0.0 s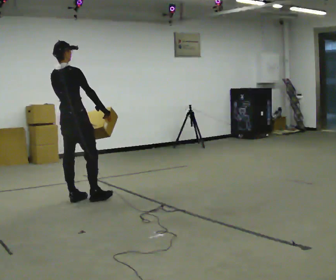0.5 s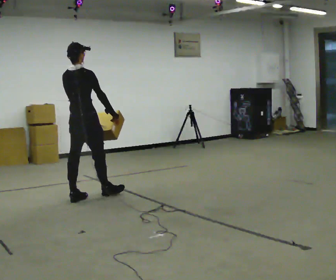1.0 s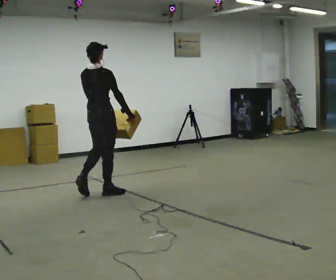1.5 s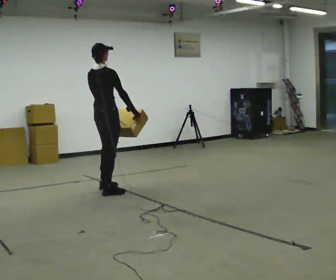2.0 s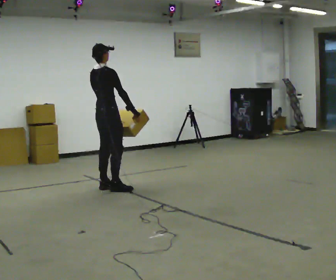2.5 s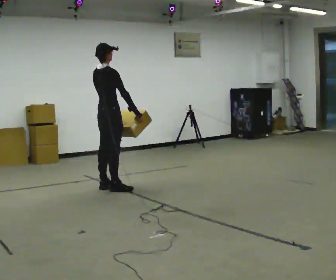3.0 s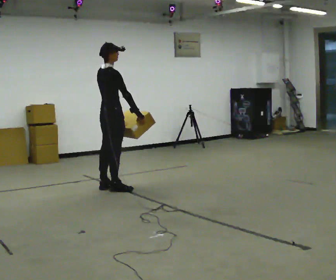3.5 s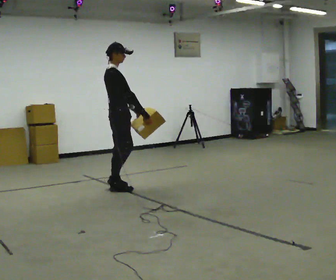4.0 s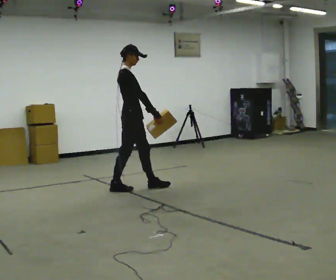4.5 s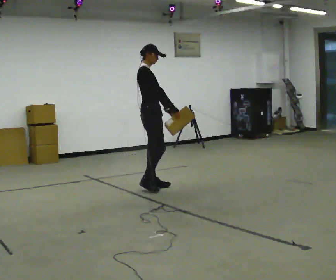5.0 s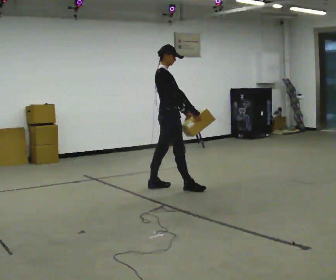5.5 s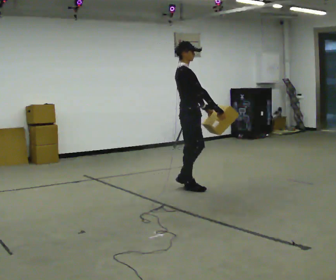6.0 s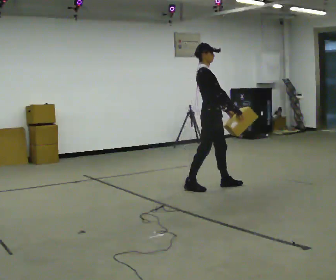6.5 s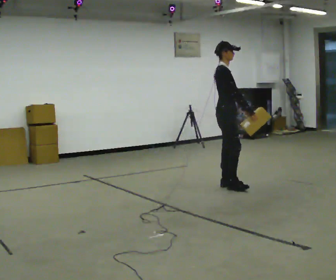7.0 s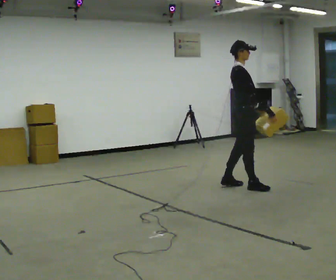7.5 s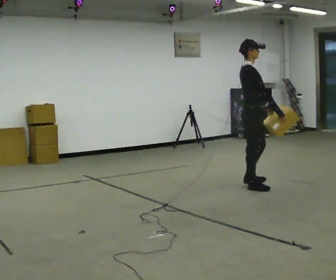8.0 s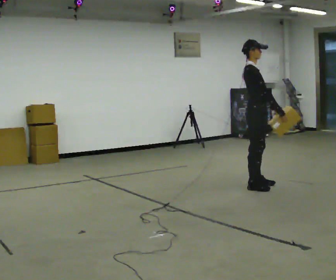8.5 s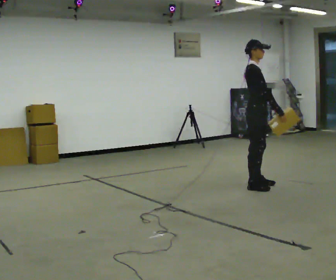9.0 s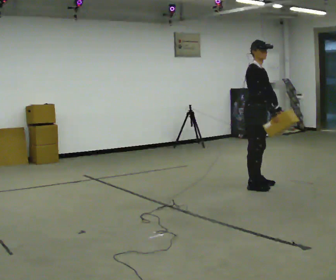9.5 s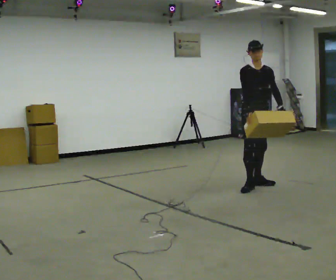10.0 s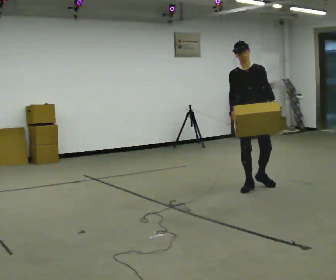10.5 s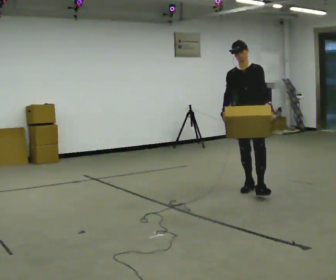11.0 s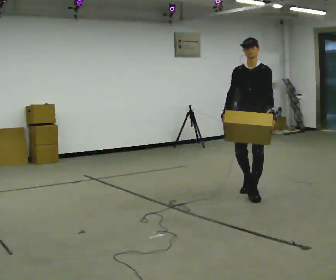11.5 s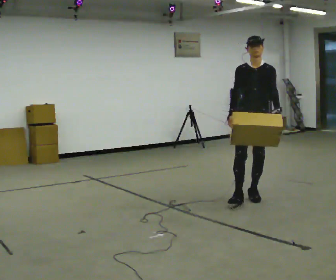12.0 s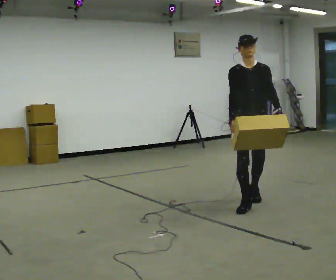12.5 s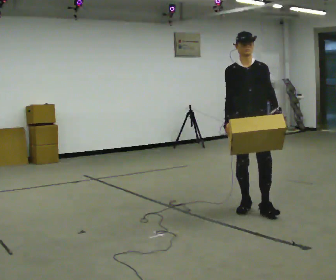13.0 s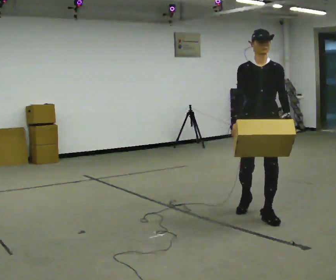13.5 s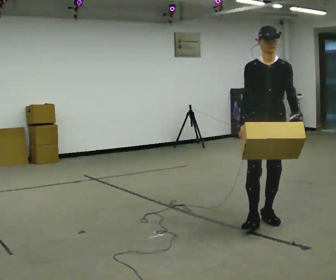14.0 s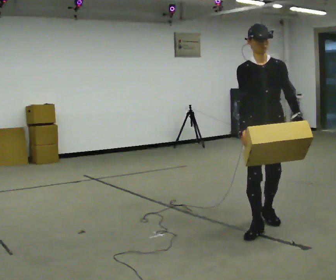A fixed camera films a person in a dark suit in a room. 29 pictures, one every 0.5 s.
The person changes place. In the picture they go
to the right.
0.0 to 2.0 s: In the picture they go away from the camera, about 0.5 m in 3 steps, which for them is forward.
2.0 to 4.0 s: The person turns about 30 degrees to their right, clockwise seen from above, so the part of the body nearest the lens slides to the left. In the picture they go to the right, about 0.25 m in 1 step, which for them is forward and to their right.
4.0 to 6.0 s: In the picture they go to the right, about 1 m in 2 steps, which for them is forward.
6.0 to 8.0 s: In the picture they go to the right, about 0.5 m in 2 steps, which for them is forward.
8.0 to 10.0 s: Seen from above the body turns clockwise, about 90 degrees: to their right, with its near side sliding to the left.
10.0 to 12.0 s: In the picture they go toward the camera, about 1 m in 2 steps, which for them is forward.
12.0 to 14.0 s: In the picture they go toward the camera, about 1 m in 2 steps, which for them is forward.
The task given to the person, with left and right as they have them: Carry the medium box in both hands in front of you, walking back and forth across the room. Keep walking until the operator says stop.
The film runs forward here.
